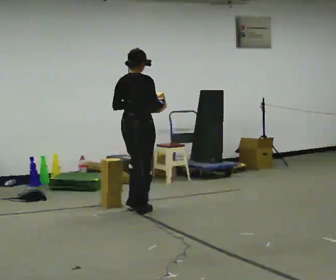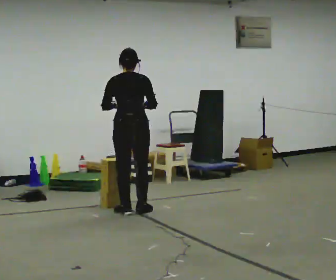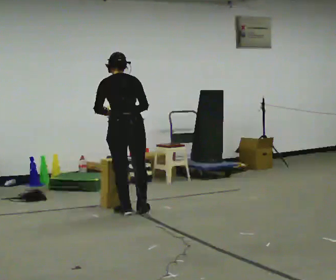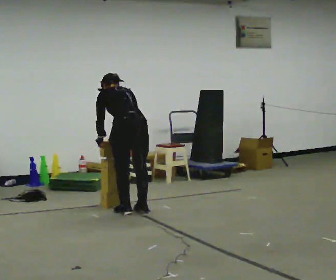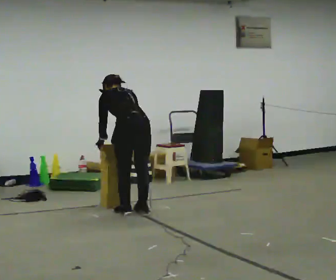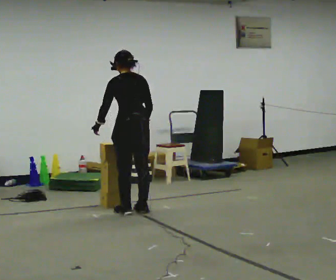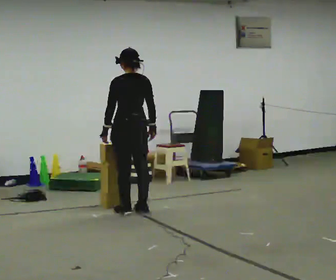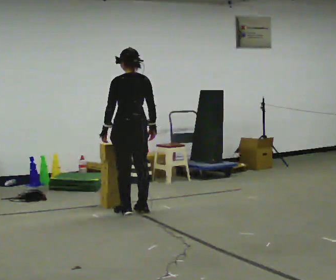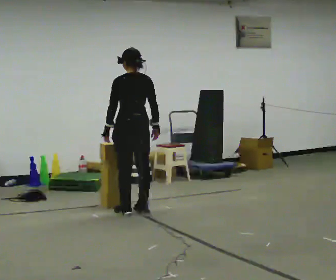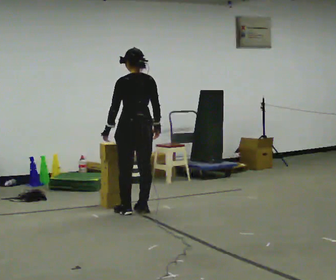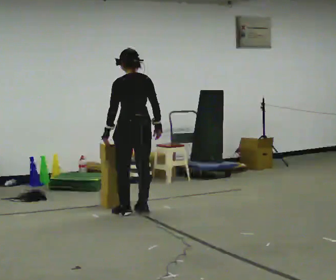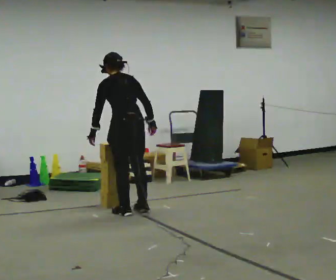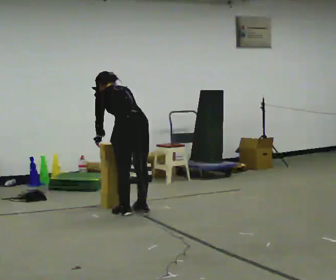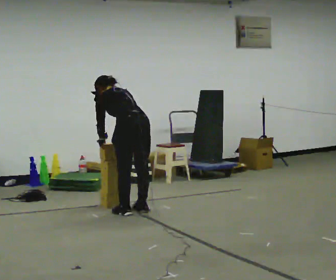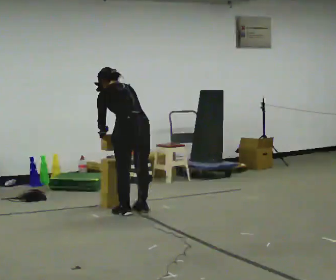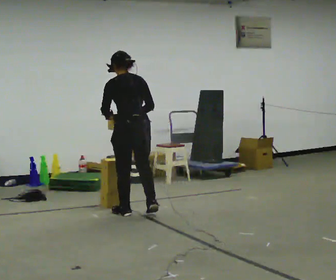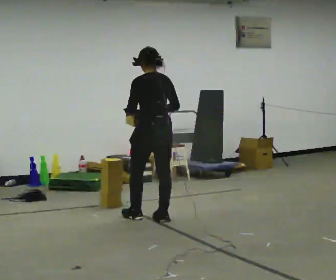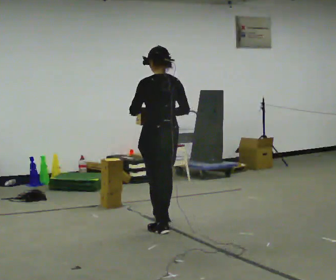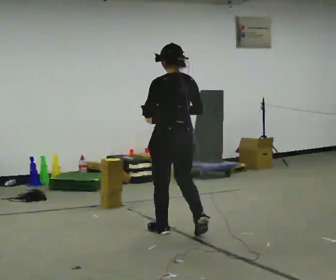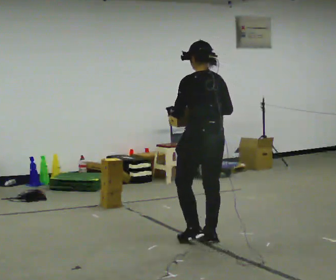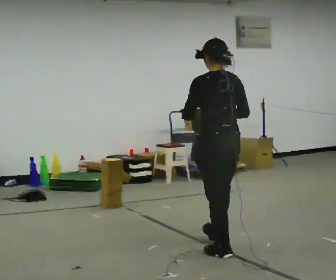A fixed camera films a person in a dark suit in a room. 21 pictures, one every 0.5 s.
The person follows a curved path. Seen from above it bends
counterclockwise.
The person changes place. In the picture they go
toward the camera.
0.0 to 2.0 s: The part of the body nearest the lens slides to the right as the person turns to their left by about 75 degrees. In the picture they go toward the camera, about 0.25 m. The shoulders move downward. The upper body tips away from the camera, its near side rolling upward, as they bend forward. In the picture their left hand goes downward and to the left.
2.0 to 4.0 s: The shoulders move upward. The upper body tips toward the camera, its near side rolling downward, as they lean back or straighten.
4.0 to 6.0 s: The upper body tips away from the camera, its near side rolling upward, as they bend forward.
6.0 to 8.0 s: In the picture they go toward the camera and to the right, about 0.25 m in 2 steps, which for them is backward. The upper body tips toward the camera, its near side rolling downward, as they lean back or straighten.
8.0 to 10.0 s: In the picture they go toward the camera and to the right, about 1 m in 3 steps, which for them is backward.
The film runs backward here.
